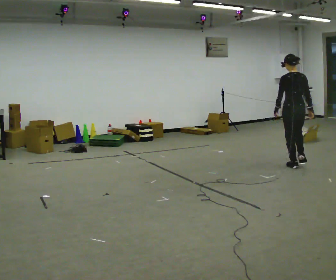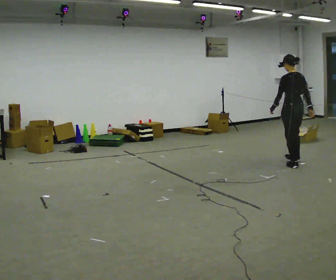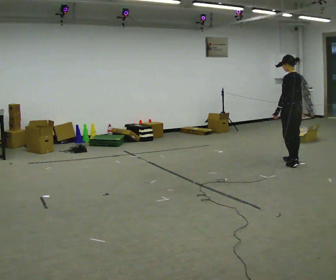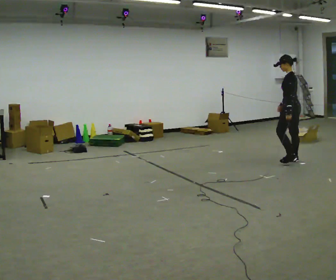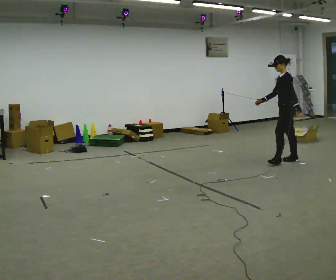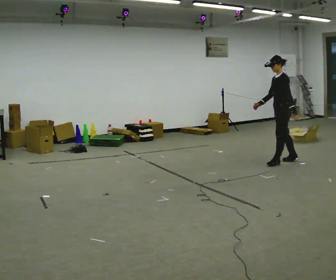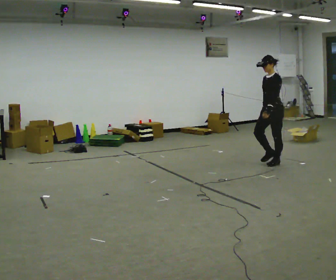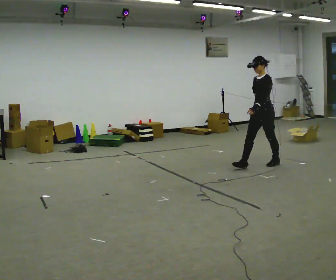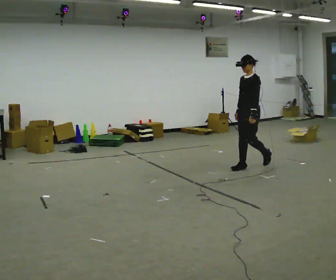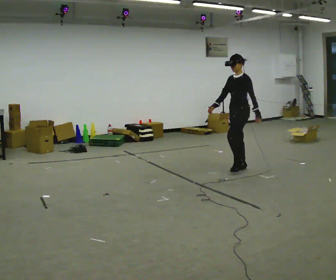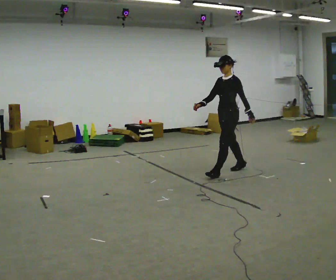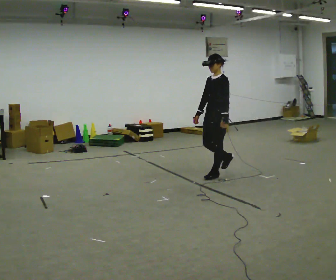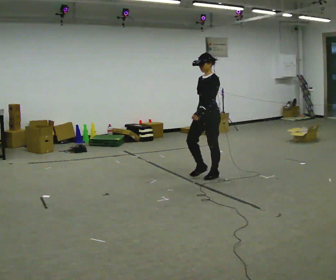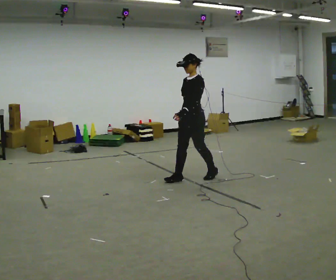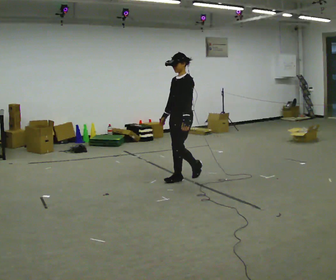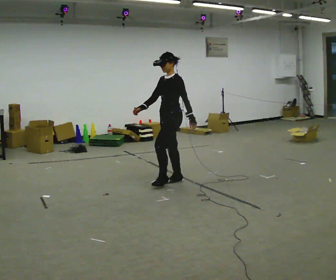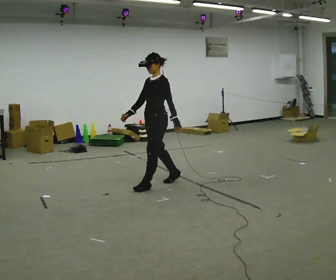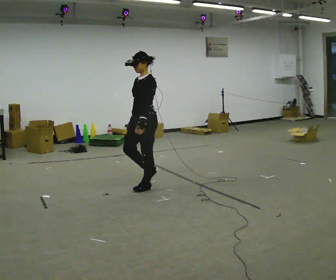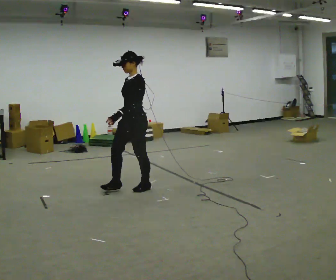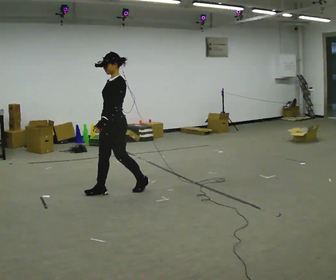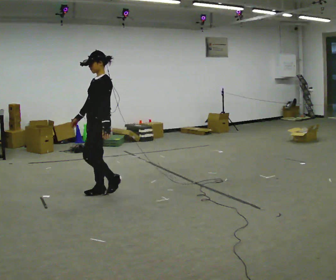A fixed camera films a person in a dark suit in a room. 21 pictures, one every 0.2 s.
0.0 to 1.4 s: The person turns about 120 degrees to their left, counterclockwise seen from above, so the part of the body nearest the lens slides to the right. In the picture they go to the left, about 0.5 m in 2 steps.
1.4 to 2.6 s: In the picture they go to the left and toward the camera, about 1 m in 3 steps, which for them is forward.
2.6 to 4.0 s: In the picture they go to the left and toward the camera, about 1 m in 2 steps, which for them is forward.
The film runs forward here.
